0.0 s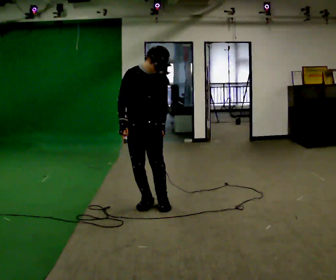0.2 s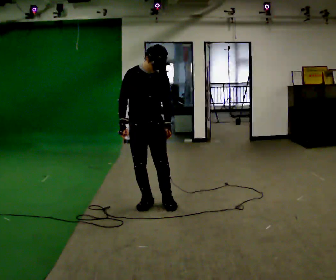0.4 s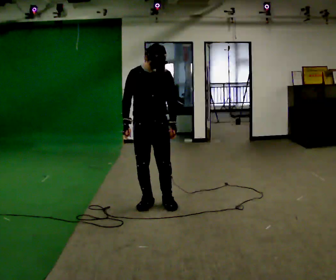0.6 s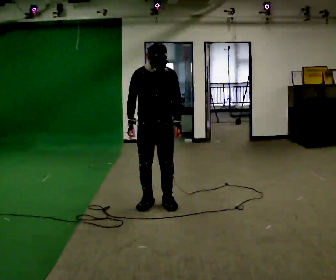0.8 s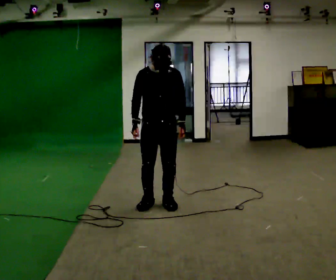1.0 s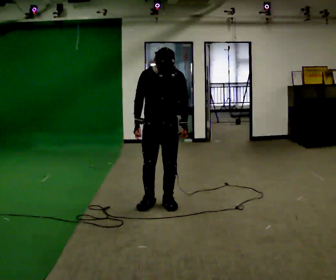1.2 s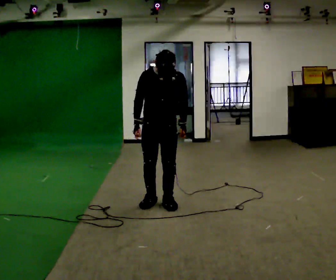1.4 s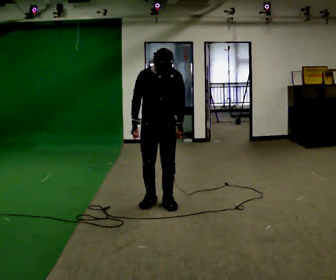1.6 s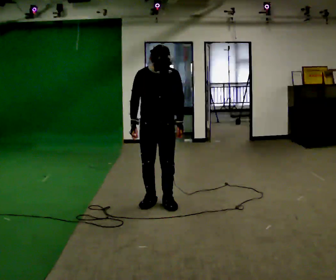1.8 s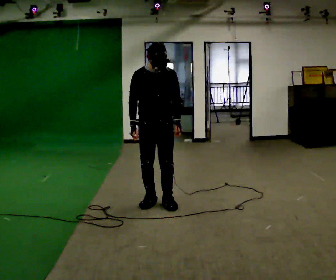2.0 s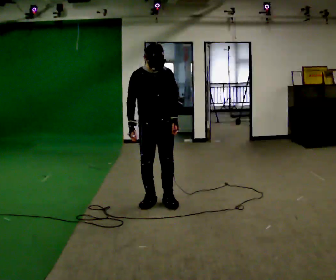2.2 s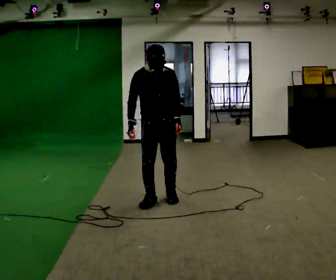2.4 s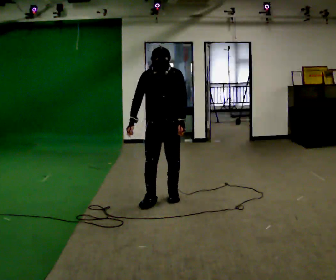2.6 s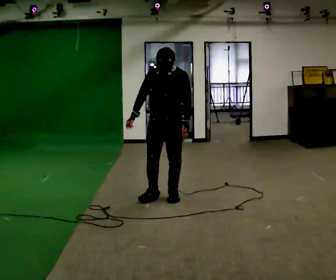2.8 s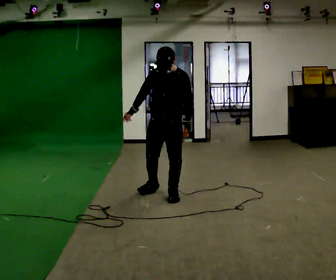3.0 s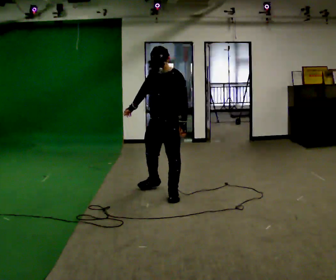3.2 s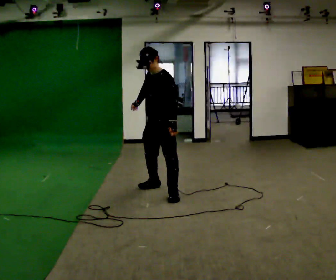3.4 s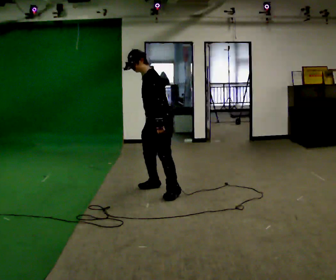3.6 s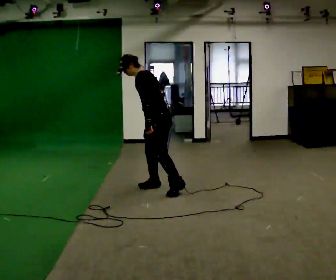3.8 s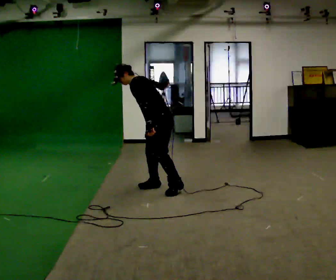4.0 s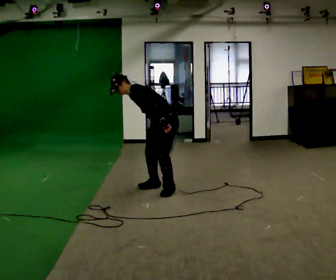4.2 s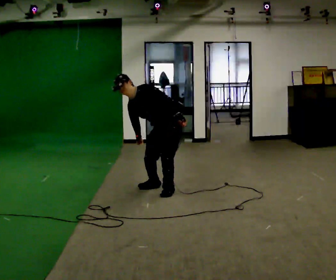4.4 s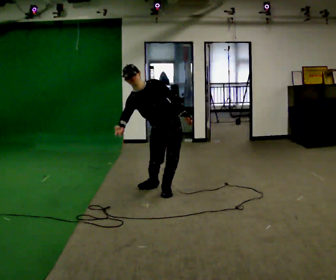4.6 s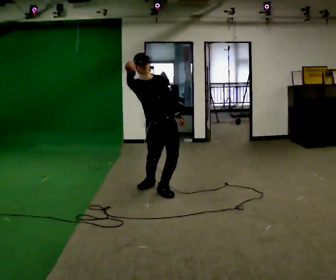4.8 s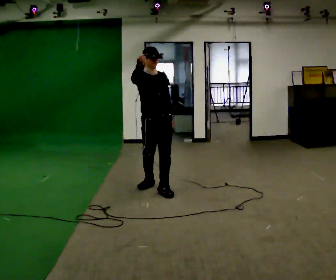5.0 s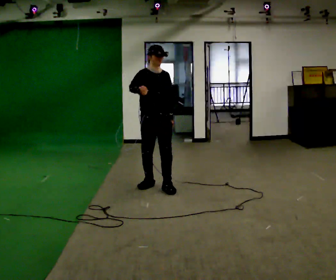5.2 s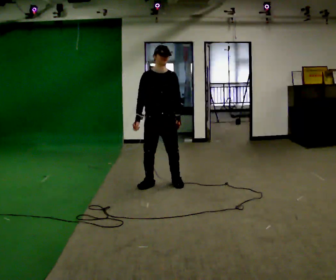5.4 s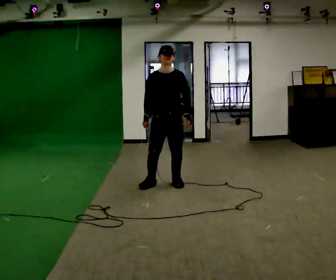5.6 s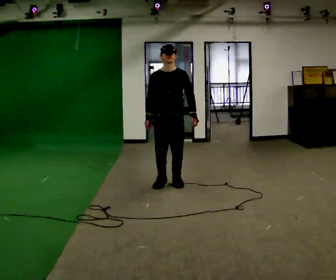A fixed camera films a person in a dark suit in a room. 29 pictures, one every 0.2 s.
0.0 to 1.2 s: In the picture they go to the right, about 0.25 m, which for them is to their left.
1.2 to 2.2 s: The person moves a little, or ends about where they began.
2.2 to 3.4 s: The person turns about 75 degrees to their right, clockwise seen from above, so the part of the body nearest the lens slides to the left. In the picture they go away from the camera, about 0.5 m in 2 steps.
3.4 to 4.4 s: Seen from above the body turns counterclockwise, about 60 degrees: to their left, with its near side sliding to the right.
4.4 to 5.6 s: In the picture they go away from the camera, about 0.25 m in 1 step, which for them is backward. The upper body goes upward. In the picture the upper body tilts clockwise, shoulders to the right.
The film runs forward here.
